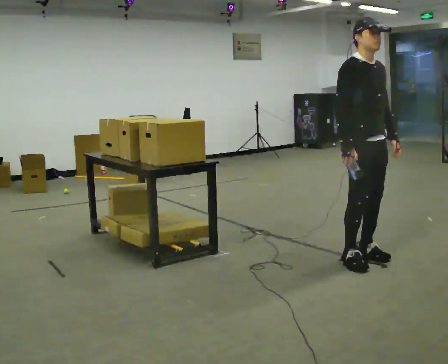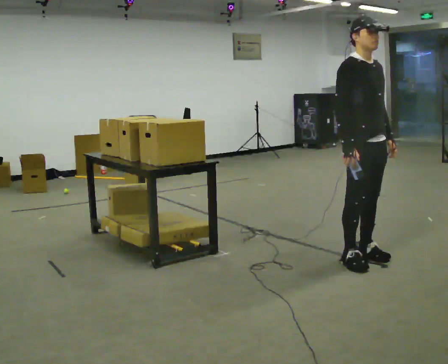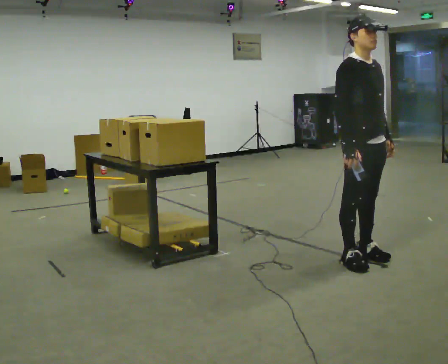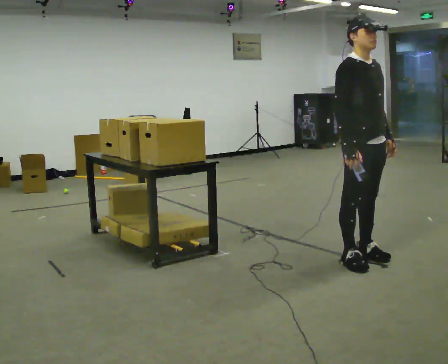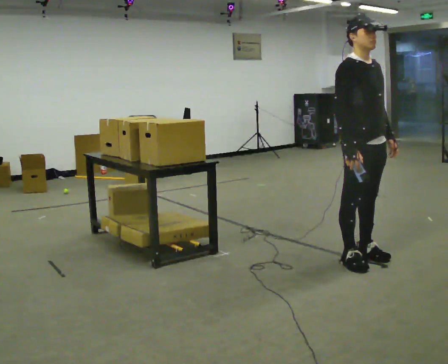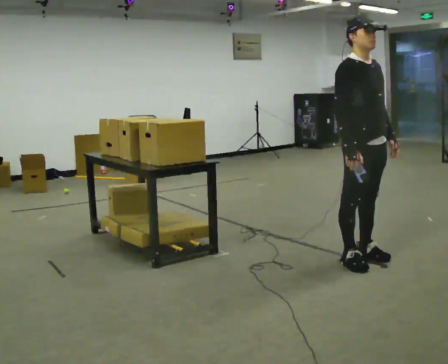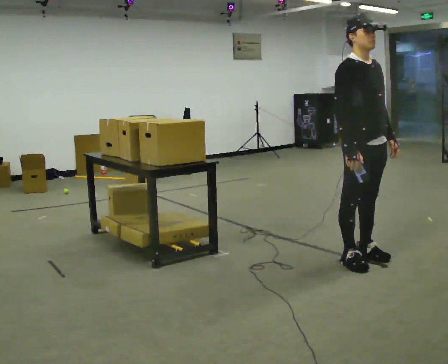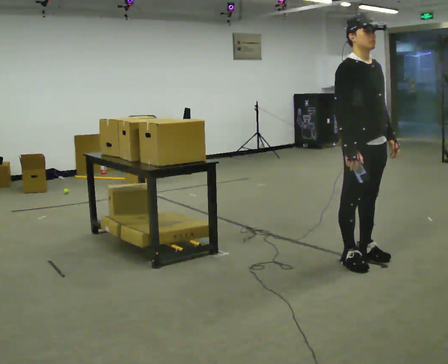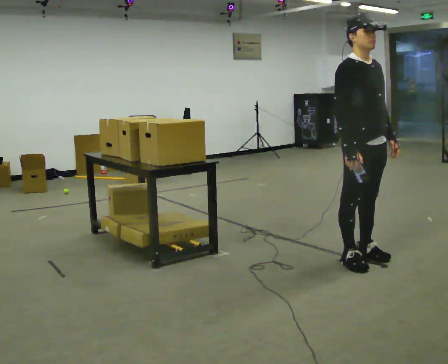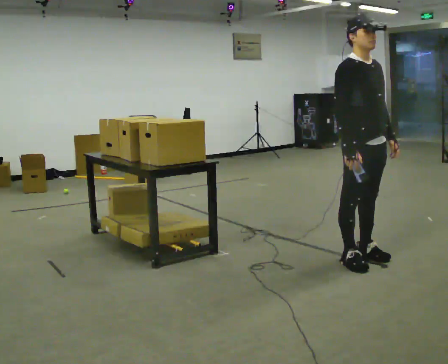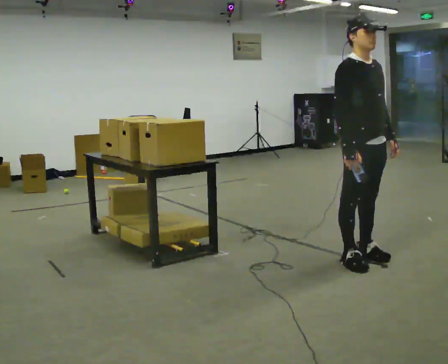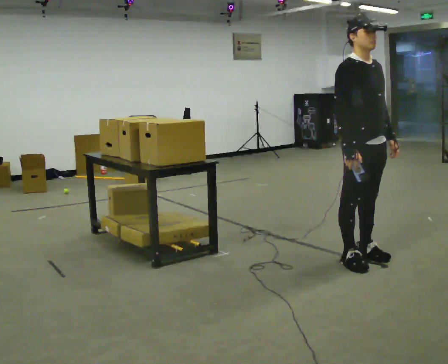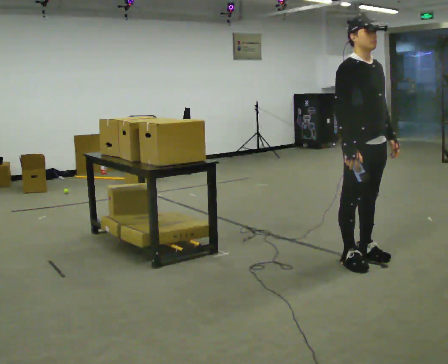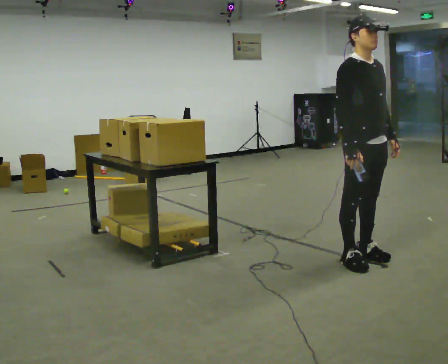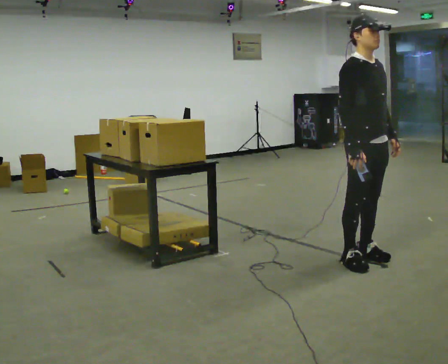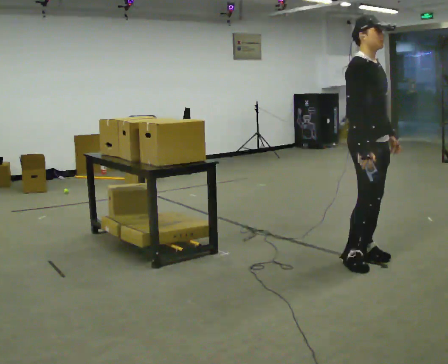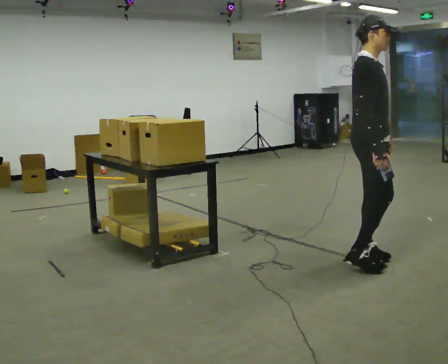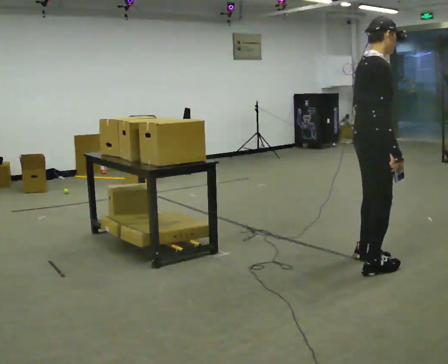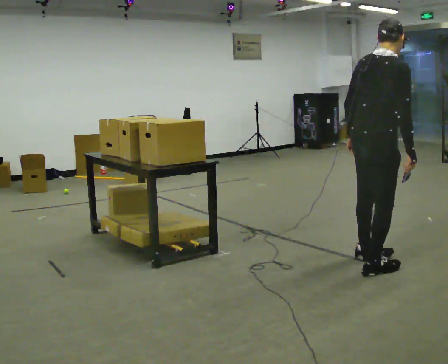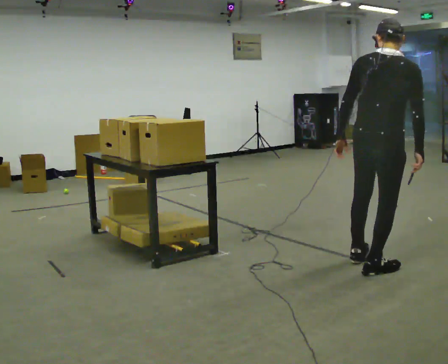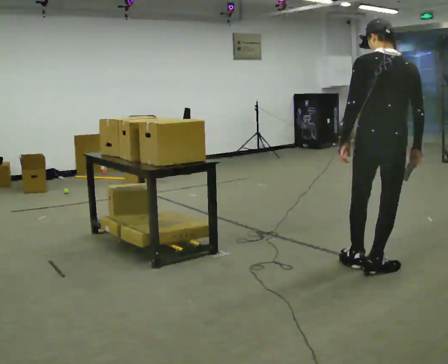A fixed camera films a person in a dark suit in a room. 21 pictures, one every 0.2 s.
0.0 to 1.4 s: The person moves a little, or ends about where they began.
1.4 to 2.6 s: The person keeps their place and pose.
2.6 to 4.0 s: The part of the body nearest the lens slides to the right as the person turns to their left by about 135 degrees. In the picture they go toward the camera, about 0.25 m in 1 step.
The film runs forward here.
